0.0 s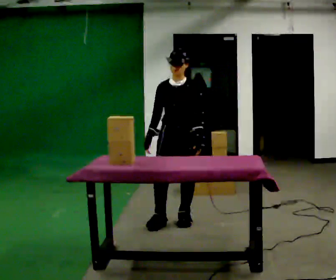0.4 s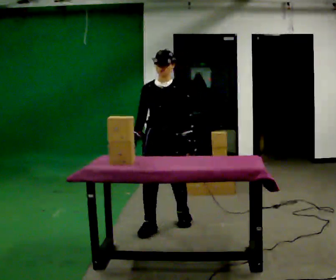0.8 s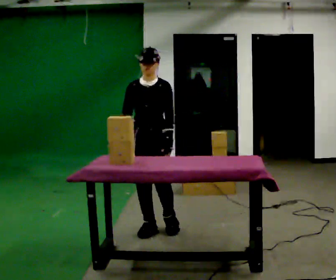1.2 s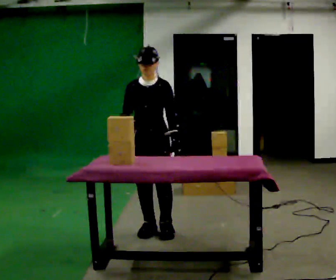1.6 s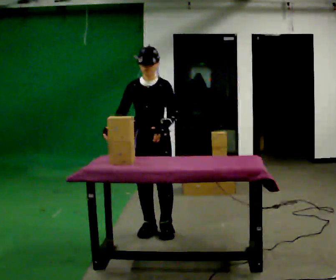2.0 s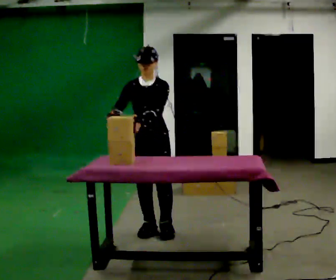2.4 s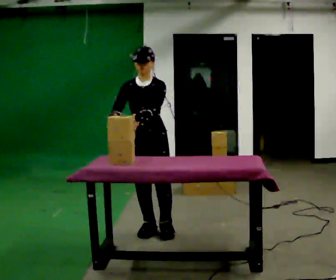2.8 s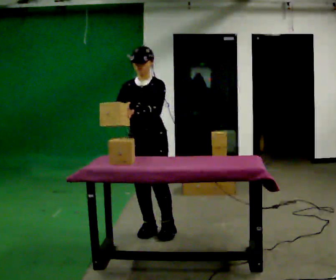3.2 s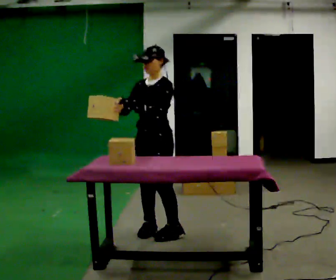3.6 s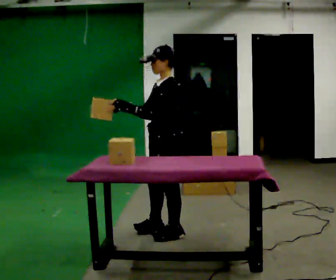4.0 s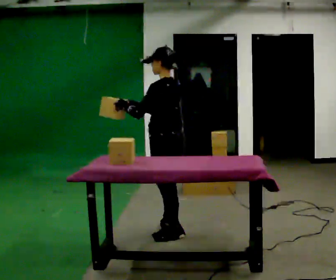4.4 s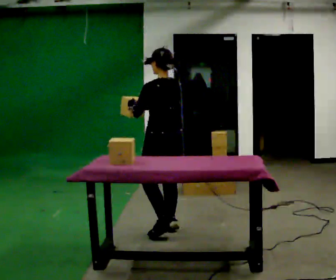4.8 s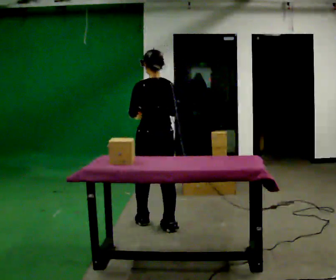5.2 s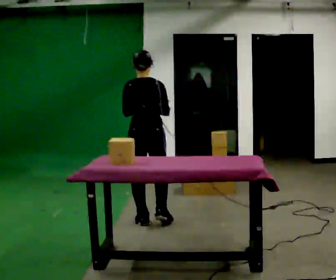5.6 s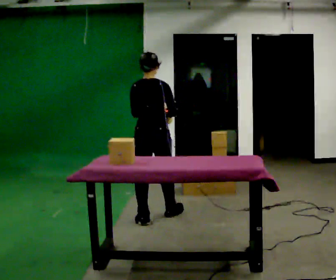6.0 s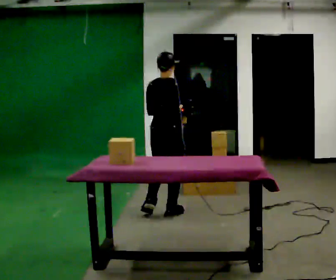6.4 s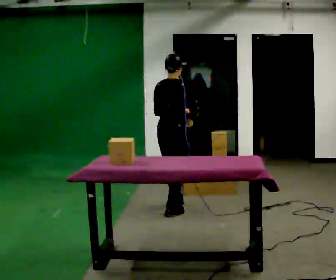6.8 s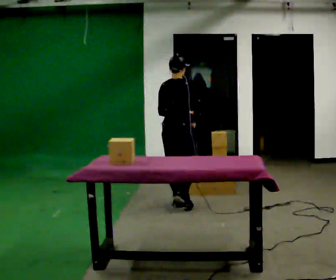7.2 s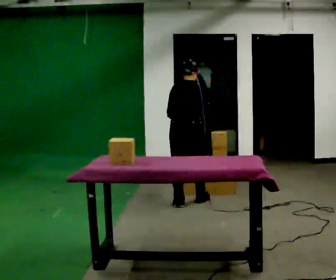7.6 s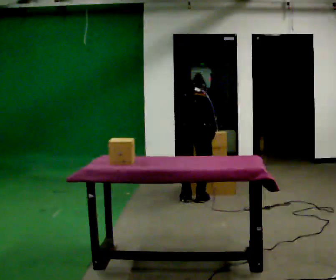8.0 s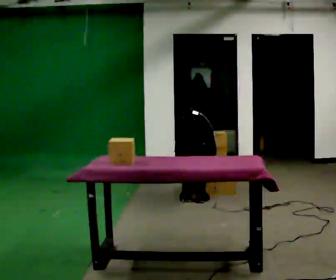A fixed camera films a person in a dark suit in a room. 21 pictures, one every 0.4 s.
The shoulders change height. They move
downward.
0.0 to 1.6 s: In the picture they go toward the camera and to the left, about 0.25 m in 2 steps, which for them is forward and to their right.
1.6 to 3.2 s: The person turns about 30 degrees to their right, clockwise seen from above, so the part of the body nearest the lens slides to the left.
3.2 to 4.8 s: Seen from above the body turns clockwise, about 120 degrees: to their right, with its near side sliding to the left. In the picture they go away from the camera, about 0.25 m in 1 step.
4.8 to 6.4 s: Seen from above the body turns clockwise, about 30 degrees: to their right, with its near side sliding to the left. In the picture they go away from the camera, about 0.5 m in 2 steps, which for them is forward.
6.4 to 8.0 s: In the picture they go away from the camera and to the right, about 0.5 m in 2 steps, which for them is forward. The upper body goes downward. The upper body tips away from the camera, its near side rolling upward, as they bend forward. In the picture their left hand goes downward.
The film runs forward here.
